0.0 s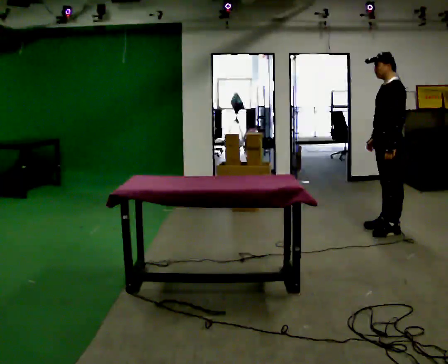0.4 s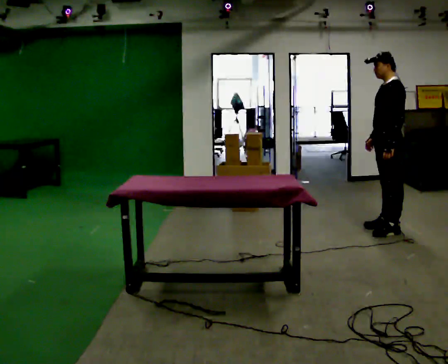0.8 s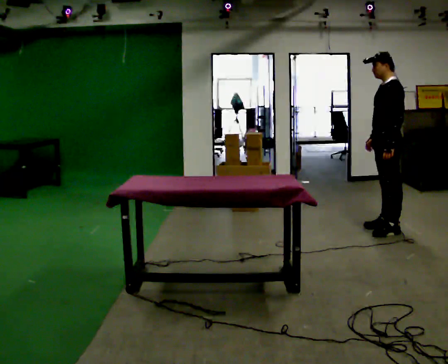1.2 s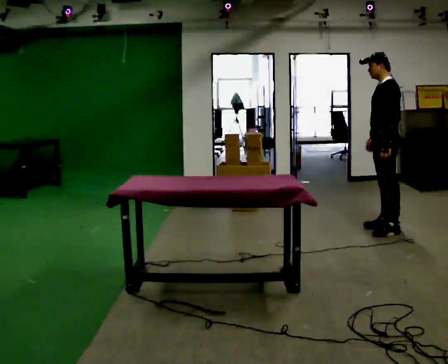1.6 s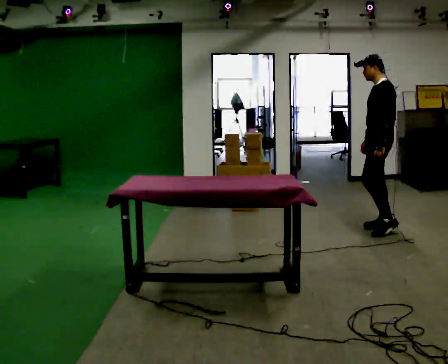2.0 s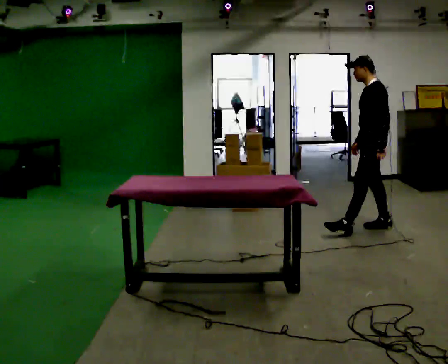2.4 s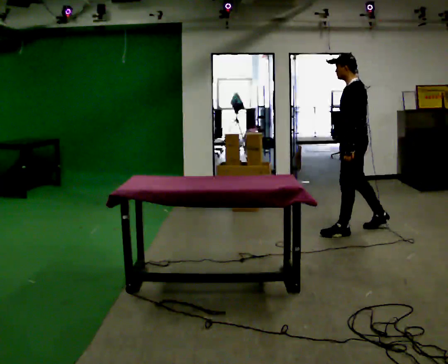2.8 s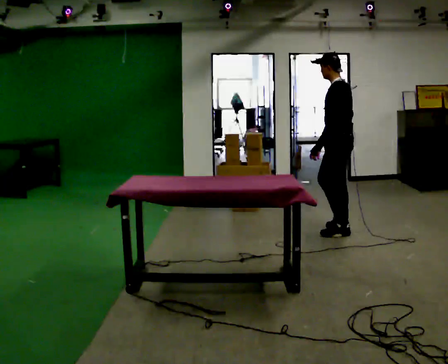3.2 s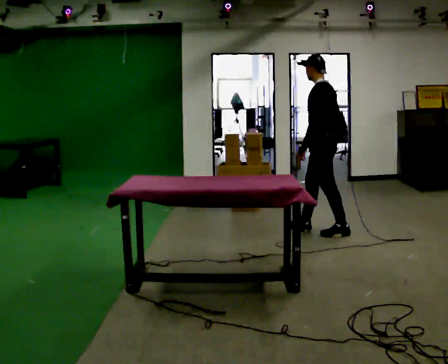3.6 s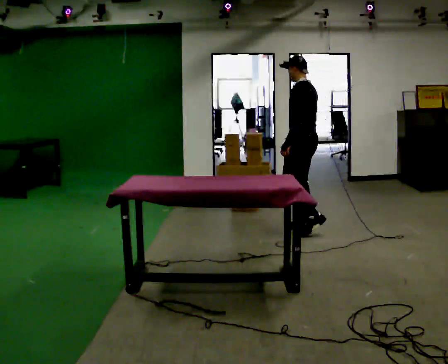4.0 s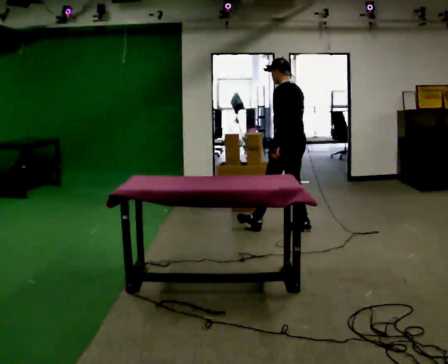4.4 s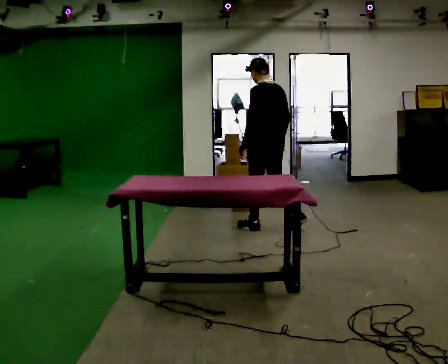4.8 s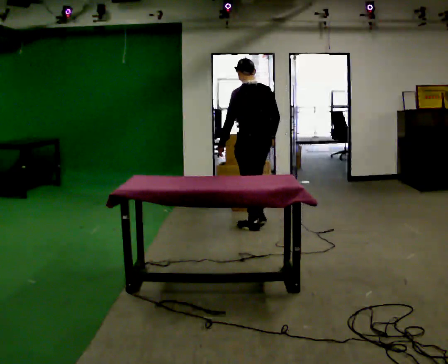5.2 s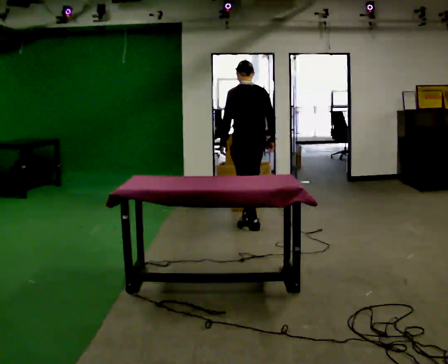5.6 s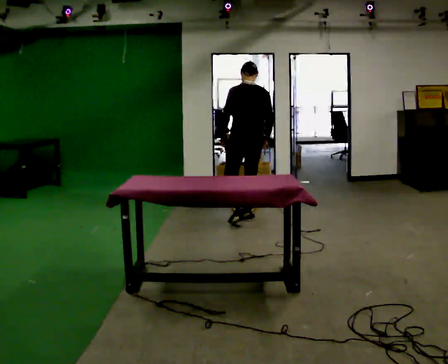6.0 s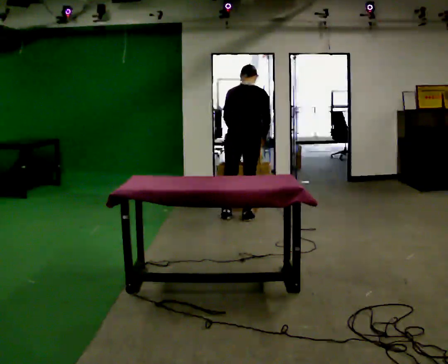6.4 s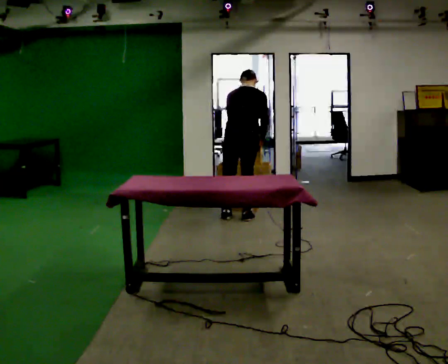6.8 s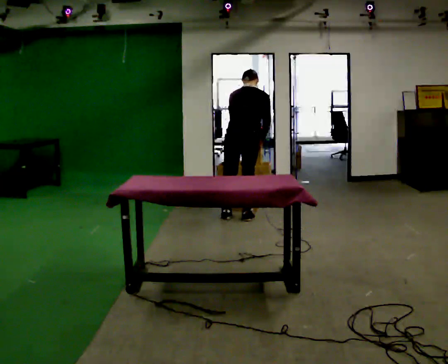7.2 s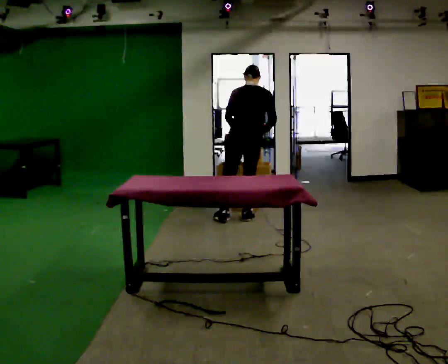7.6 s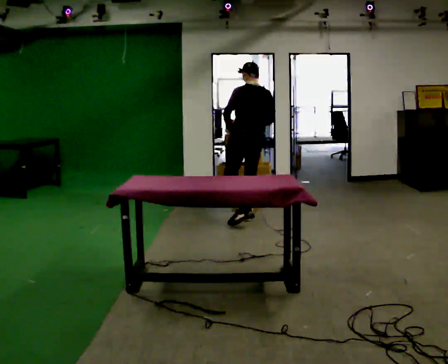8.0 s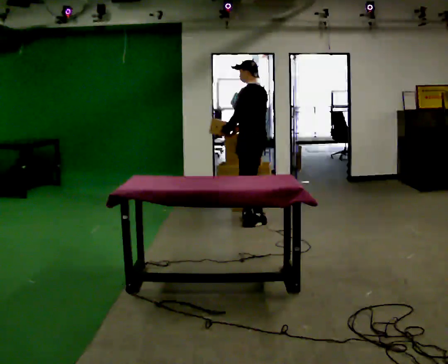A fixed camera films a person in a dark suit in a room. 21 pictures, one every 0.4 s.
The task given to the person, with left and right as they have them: Take the objects the operator names off the crowded shelf, one at a time, and carry each one to the table. You will have to move other things out of the way to reach them. Keep going until the operator says stop; one object at a time, and do not rush between trips.
0.0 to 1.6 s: The person moves a little, or ends about where they began.
1.6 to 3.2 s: In the picture they go to the left, about 0.5 m in 2 steps, which for them is forward.
3.2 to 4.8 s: Seen from above the body turns clockwise, about 45 degrees: to their right, with its near side sliding to the left. In the picture they go to the left, about 0.5 m in 1 step, which for them is forward.
4.8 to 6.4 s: The person turns about 45 degrees to their right, clockwise seen from above, so the part of the body nearest the lens slides to the left. In the picture they go away from the camera and to the left, about 0.25 m in 2 steps, which for them is forward. The upper body tips away from the camera, its near side rolling upward, as they bend forward.
6.4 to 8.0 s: Seen from above the body turns counterclockwise, about 75 degrees: to their left, with its near side sliding to the right. The upper body tips toward the camera, its near side rolling downward, as they lean back or straighten.
The film runs forward here.
